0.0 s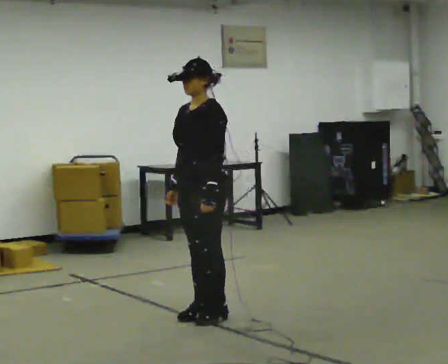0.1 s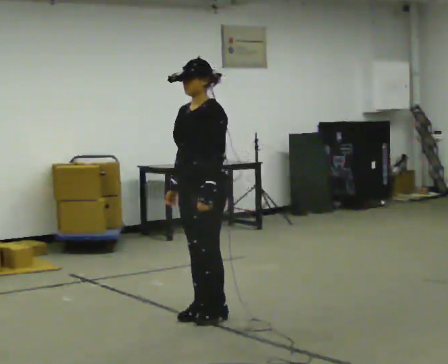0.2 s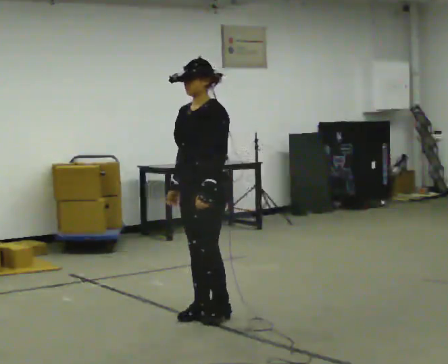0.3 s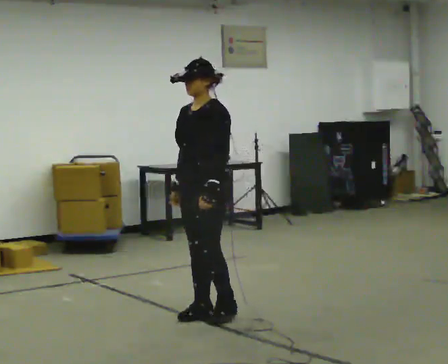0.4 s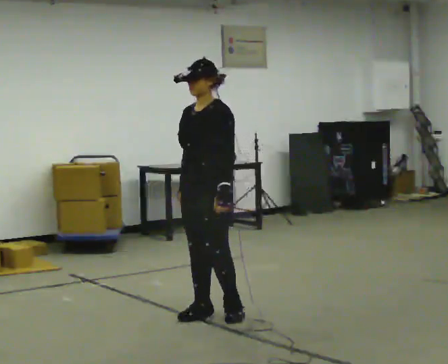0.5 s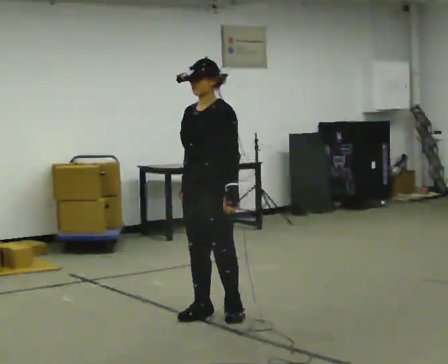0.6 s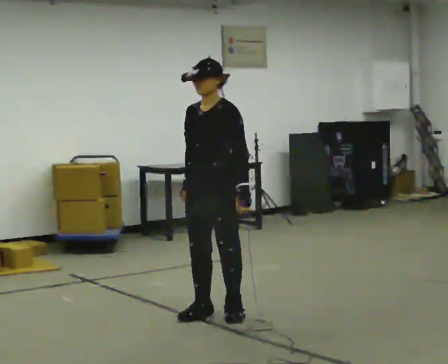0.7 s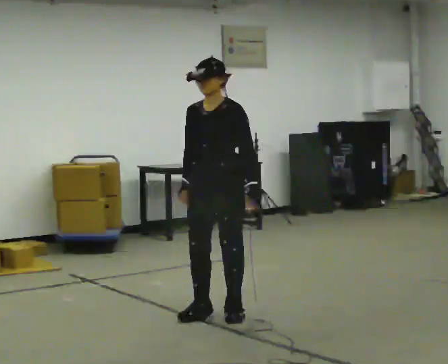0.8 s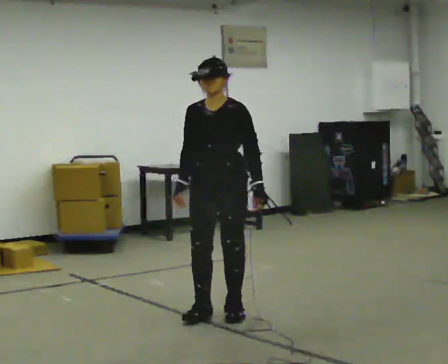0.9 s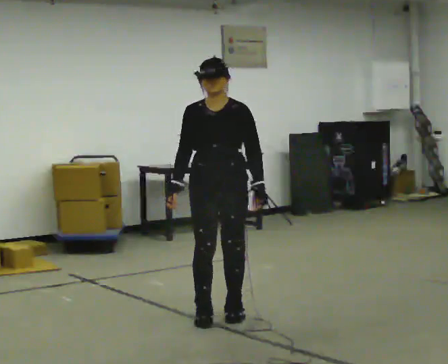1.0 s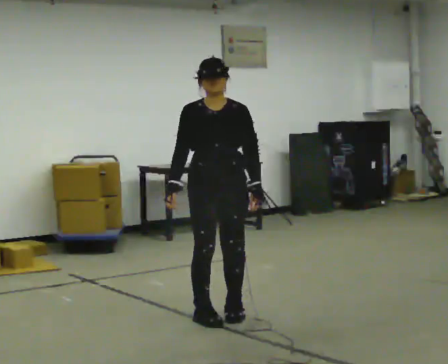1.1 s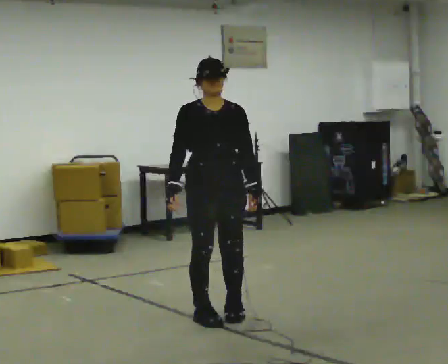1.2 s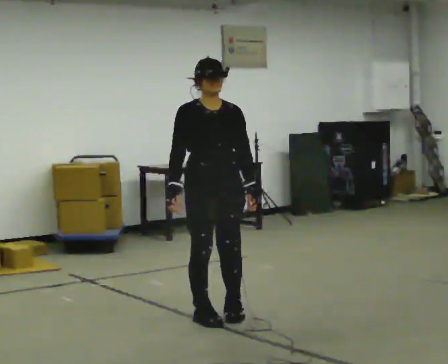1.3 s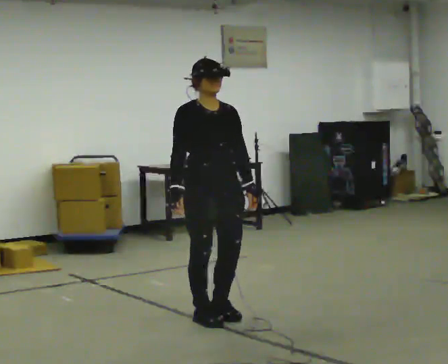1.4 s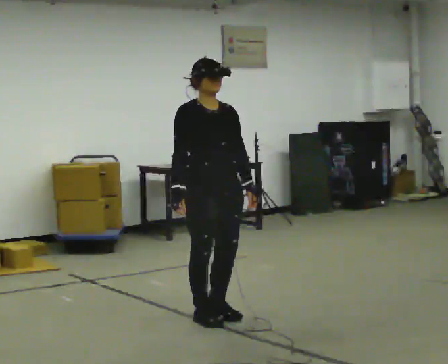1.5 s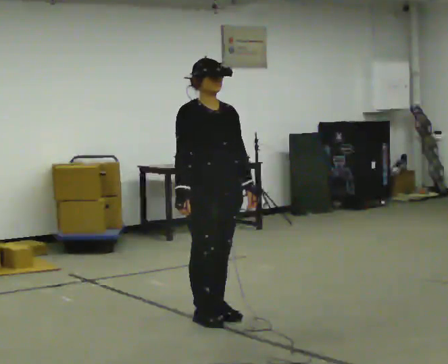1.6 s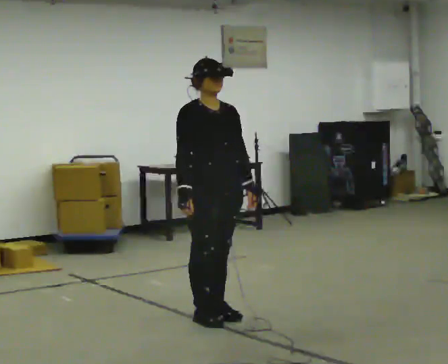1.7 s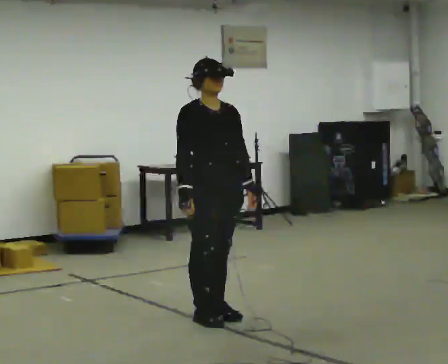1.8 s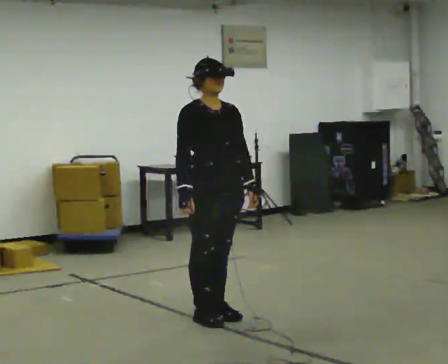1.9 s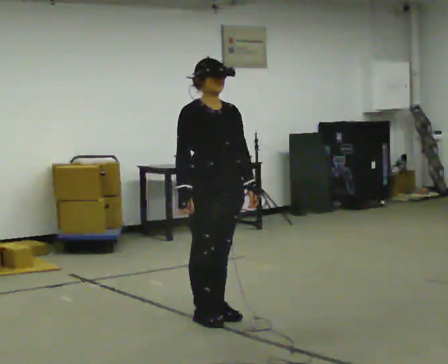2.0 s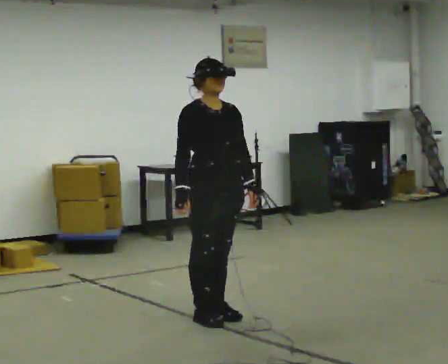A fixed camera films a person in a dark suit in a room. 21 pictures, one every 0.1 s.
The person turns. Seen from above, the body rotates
counterclockwise.
The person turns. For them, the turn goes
to their left.
0.0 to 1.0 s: Seen from above the body turns counterclockwise, about 60 degrees: to their left, with its near side sliding to the right.
1.0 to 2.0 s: Seen from above the body turns counterclockwise, about 45 degrees: to their left, with its near side sliding to the right.
The film runs backward here.
